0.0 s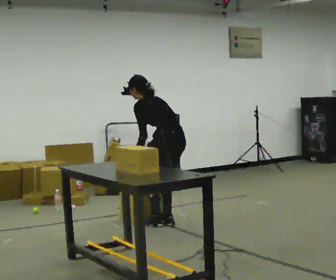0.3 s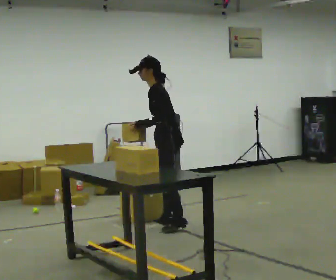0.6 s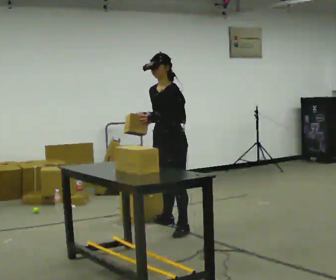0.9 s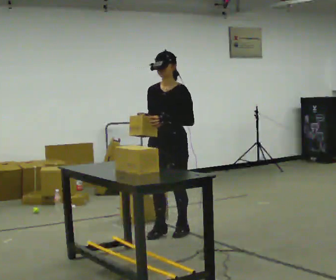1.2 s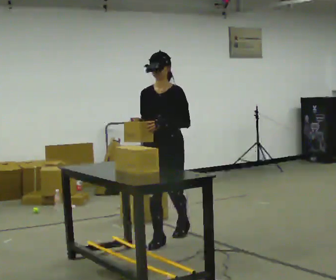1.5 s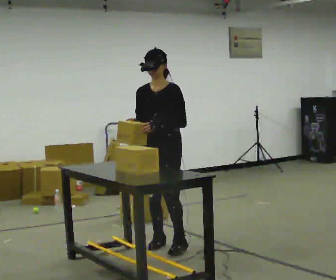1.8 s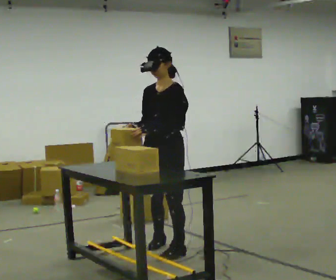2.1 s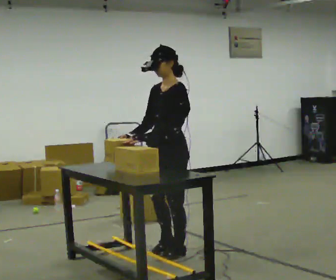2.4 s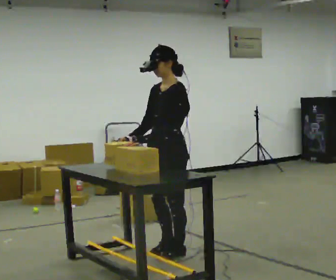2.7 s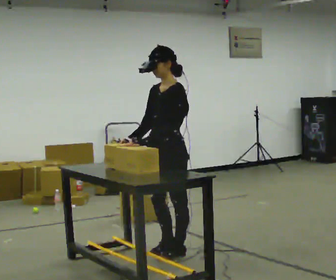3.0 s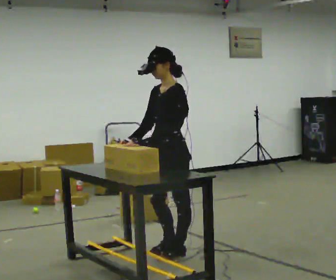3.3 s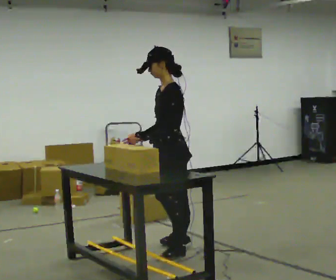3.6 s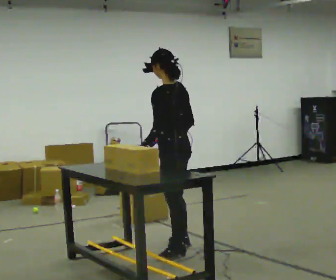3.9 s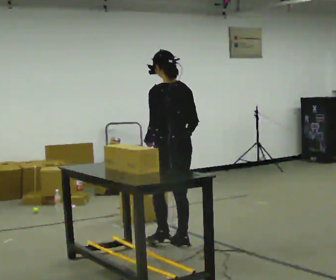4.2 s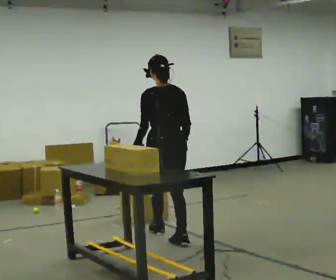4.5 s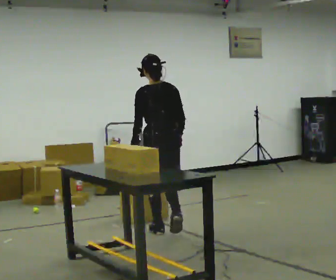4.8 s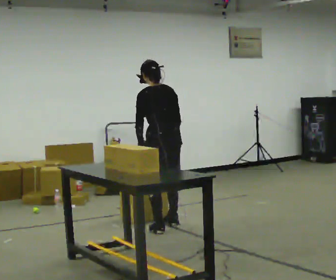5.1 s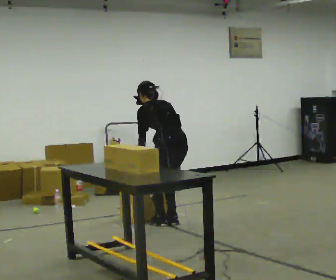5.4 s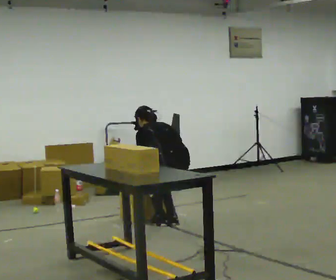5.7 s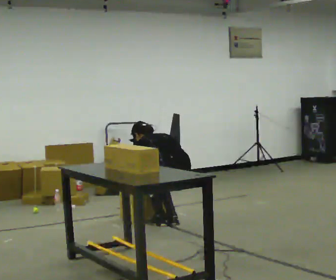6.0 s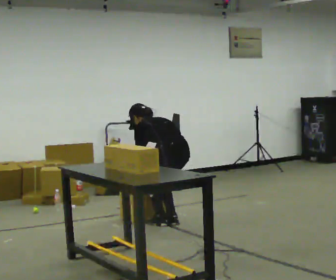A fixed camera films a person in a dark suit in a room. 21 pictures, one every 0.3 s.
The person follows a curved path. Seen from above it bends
counterclockwise.
0.0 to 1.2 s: The person turns about 105 degrees to their left, counterclockwise seen from above, so the part of the body nearest the lens slides to the right. In the picture they go toward the camera, about 0.5 m in 2 steps. In the picture the upper body tilts clockwise, shoulders to the right, as they lean back or straighten.
1.2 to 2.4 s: The person turns about 45 degrees to their right, clockwise seen from above, so the part of the body nearest the lens slides to the left. In the picture they go toward the camera, about 0.5 m in 2 steps, which for them is to their left and forward.
2.4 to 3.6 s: The part of the body nearest the lens slides to the left as the person turns to their right by about 60 degrees. In the picture they go away from the camera, about 0.25 m in 1 step. In the picture their right hand goes to the right.
3.6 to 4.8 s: The person turns about 30 degrees to their right, clockwise seen from above, so the part of the body nearest the lens slides to the left. In the picture they go away from the camera, about 0.75 m in 2 steps, which for them is forward. The upper body tips away from the camera, its near side rolling upward, as they bend forward.
4.8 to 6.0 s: In the picture their right hand goes downward.
The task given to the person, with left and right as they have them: Take objects out of the bin one at a time and lay them out on the table, stepping between the bin and the table each time. Keep going until the operator says stop; one object at a time, and do not rush between trips.
The film runs forward here.
